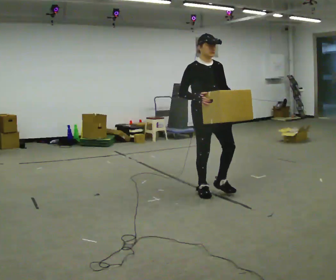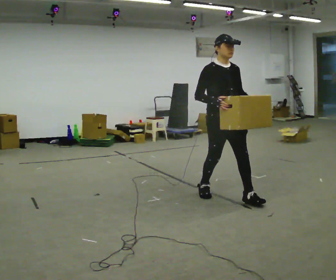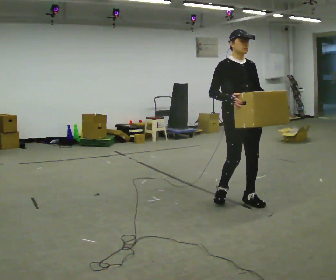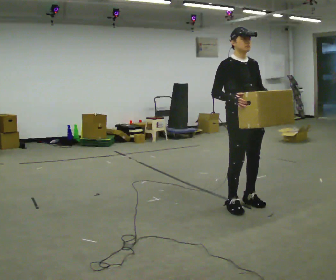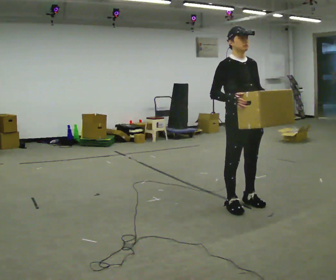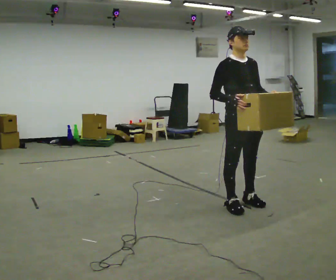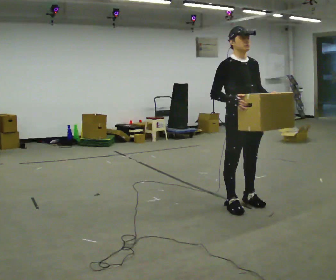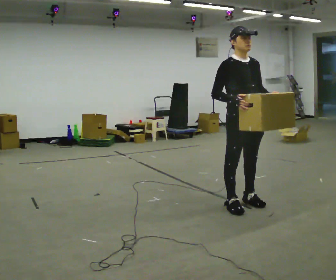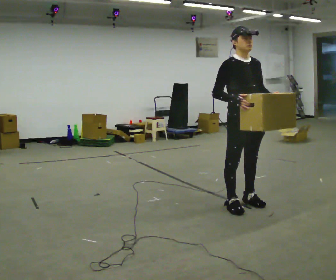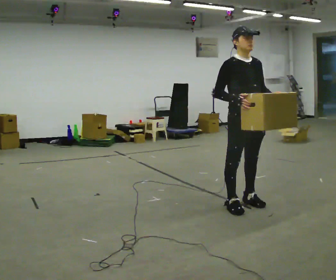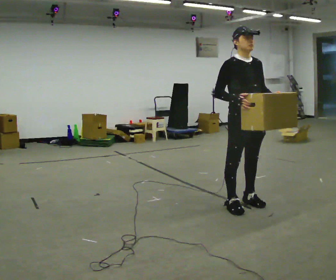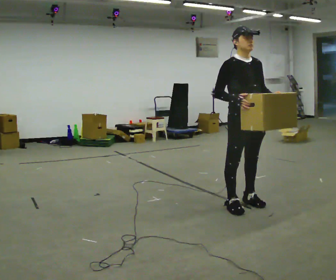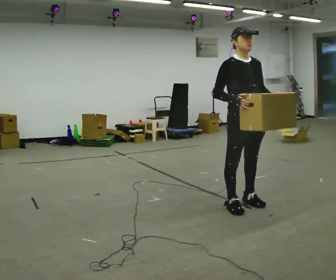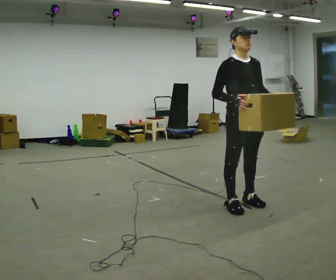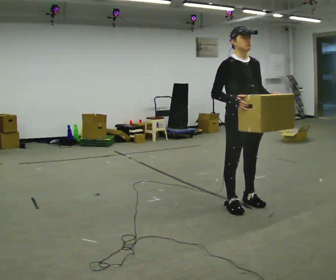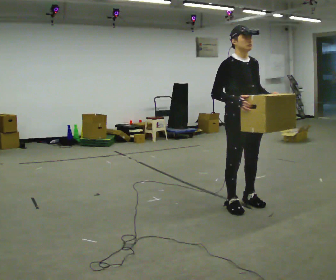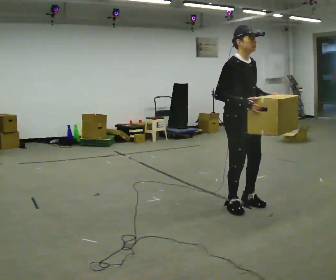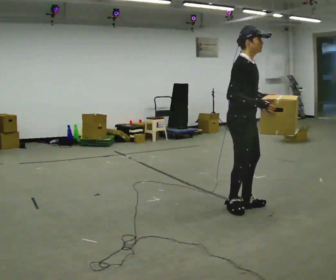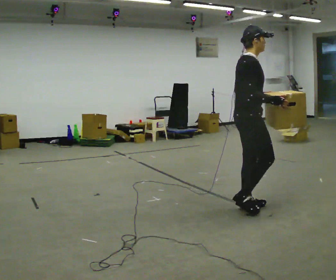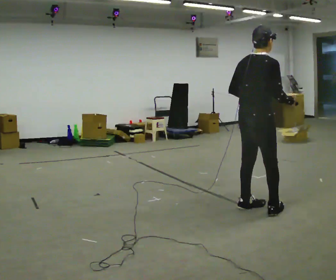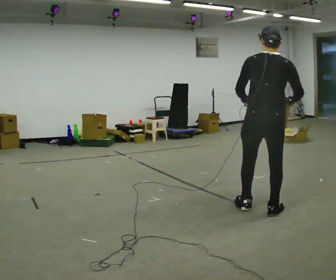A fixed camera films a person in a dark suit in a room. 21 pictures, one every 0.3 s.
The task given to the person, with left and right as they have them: Carry the box in both hands and walk back and forth across the room. The contents may move around. Carry on as best you can.
0.0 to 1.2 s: In the picture they go toward the camera and to the right, about 0.5 m in 2 steps, which for them is forward.
1.2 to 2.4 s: The person moves a little, or ends about where they began.
2.4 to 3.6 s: The person keeps their place and pose.
3.6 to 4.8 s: The person moves a little, or ends about where they began.
4.8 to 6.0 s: The person turns about 120 degrees to their left, counterclockwise seen from above, so the part of the body nearest the lens slides to the right. In the picture they go to the right and toward the camera, about 0.25 m in 1 step.
The film runs forward here.
